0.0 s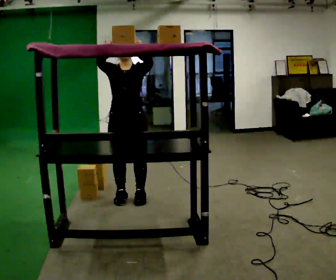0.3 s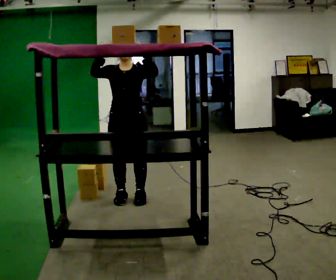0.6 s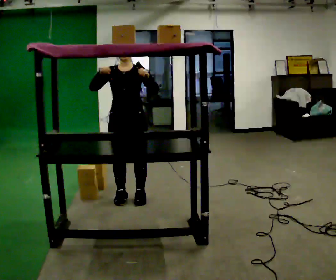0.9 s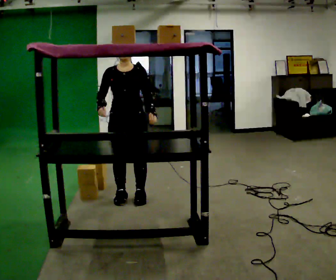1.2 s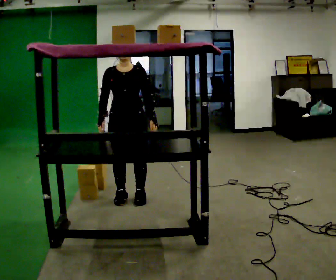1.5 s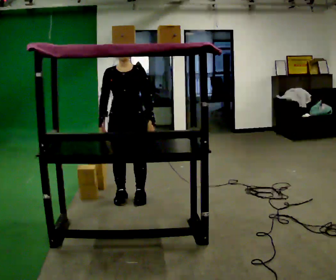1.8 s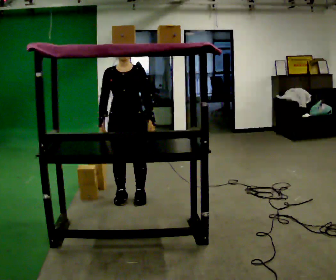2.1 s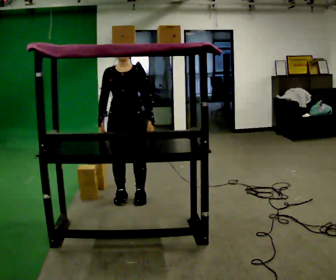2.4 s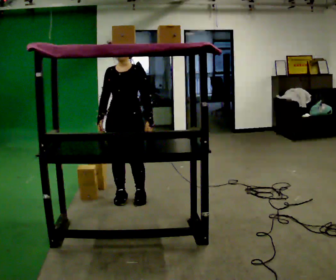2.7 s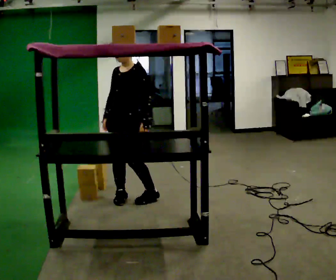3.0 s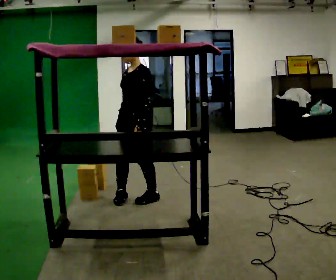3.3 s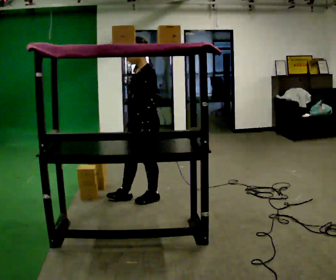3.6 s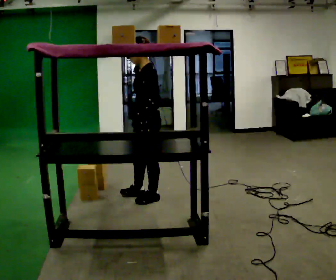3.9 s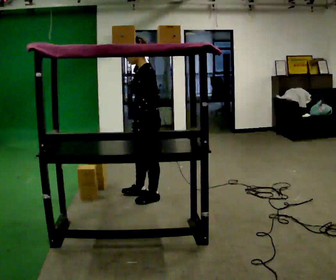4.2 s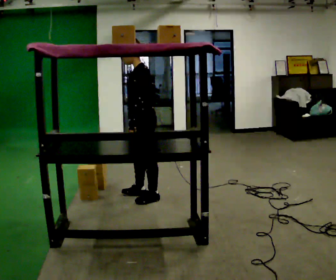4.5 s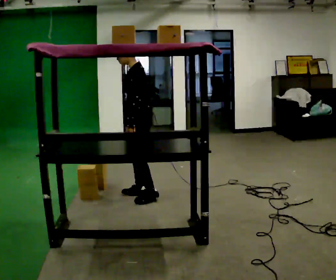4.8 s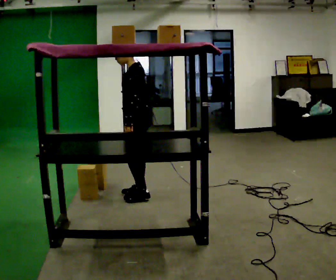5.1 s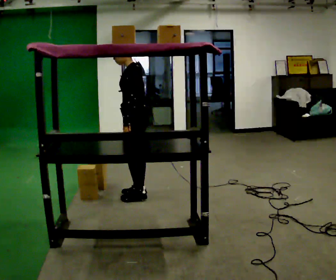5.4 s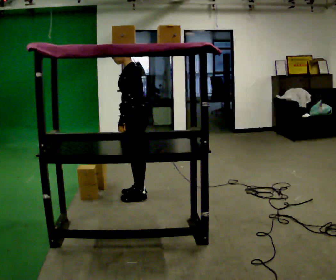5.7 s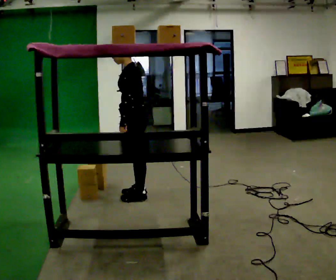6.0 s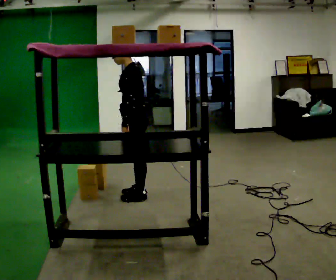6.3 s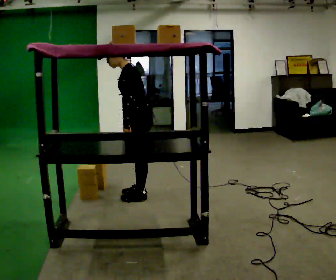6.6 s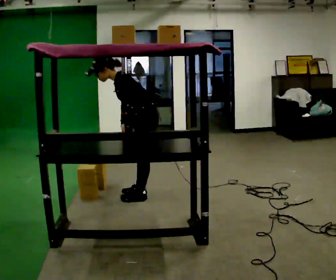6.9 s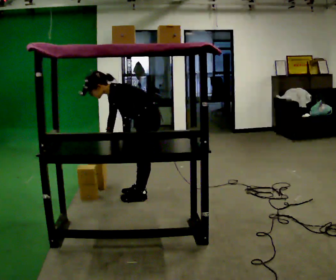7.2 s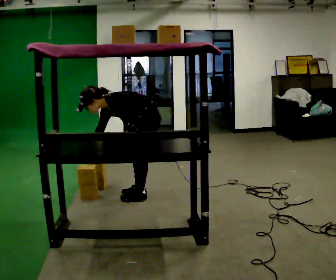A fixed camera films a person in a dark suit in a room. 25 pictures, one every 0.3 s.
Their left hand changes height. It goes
downward.
The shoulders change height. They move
downward.
0.0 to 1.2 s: In the picture their right hand goes downward.
1.2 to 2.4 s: The person moves a little, or ends about where they began.
2.4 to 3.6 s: The person turns about 75 degrees to their right, clockwise seen from above, so the part of the body nearest the lens slides to the left. In the picture they go to the right, about 0.25 m in 2 steps. In the picture their right hand goes to the right.
3.6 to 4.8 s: In the picture they go away from the camera, about 0.25 m, which for them is to their right.
4.8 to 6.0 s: The person moves a little, or ends about where they began.
6.0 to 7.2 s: The upper body goes downward. In the picture the upper body tilts counterclockwise, shoulders to the left, as they bend forward. In the picture their right hand goes to the left and downward.
The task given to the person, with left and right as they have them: Place the object on the shelf just at the top of your comfortable reach. Repeat at your own pace until the operator says stop. Keep both feet on the marked spots for the whole take. If you have to step, stop and tell the operator.
The film runs forward here.
